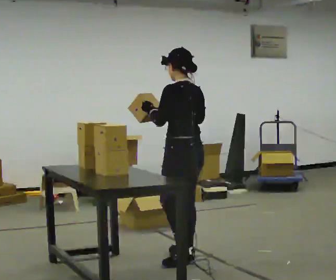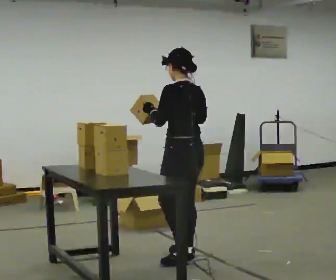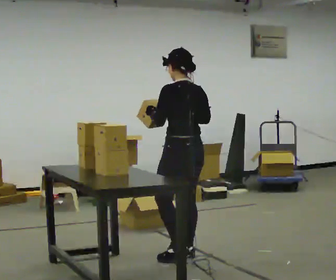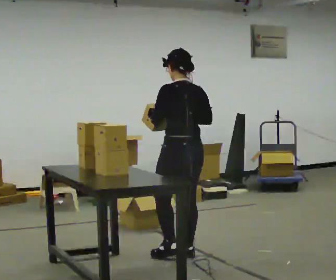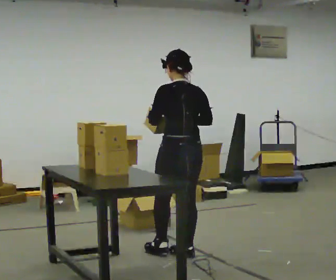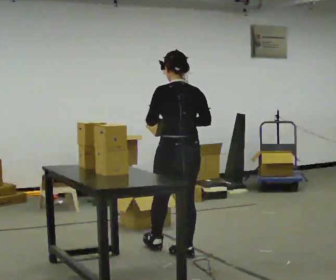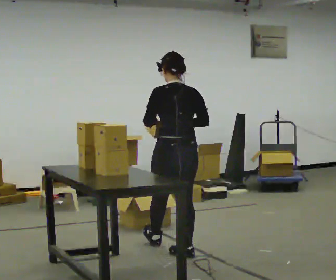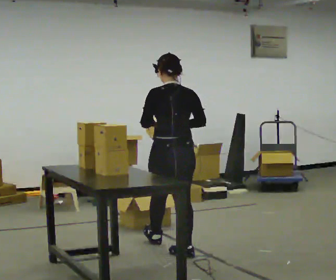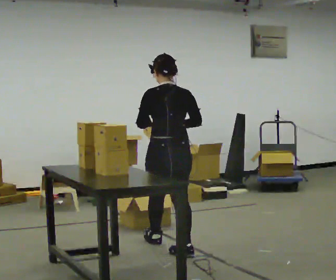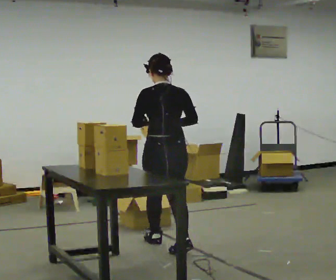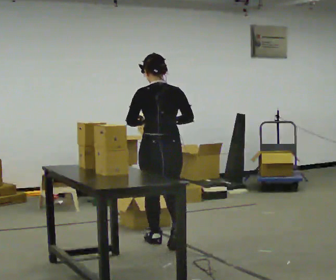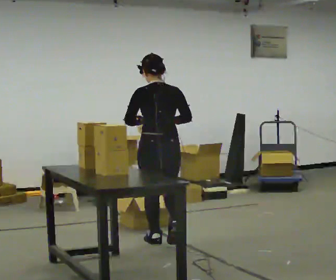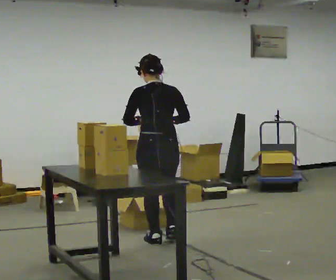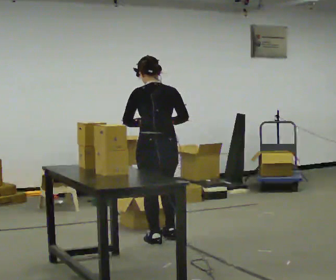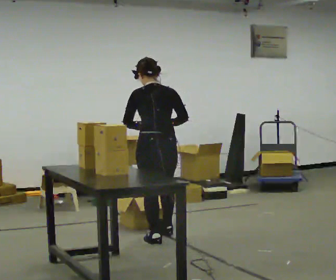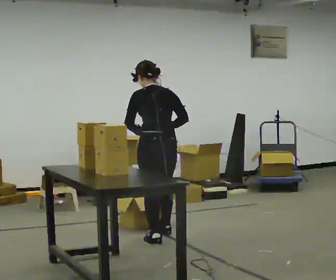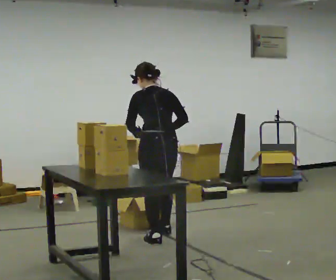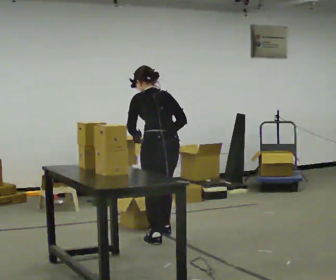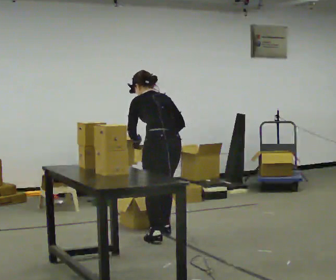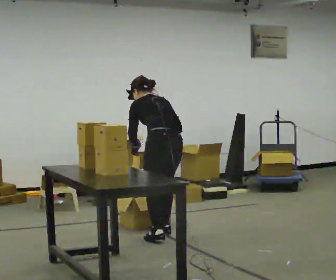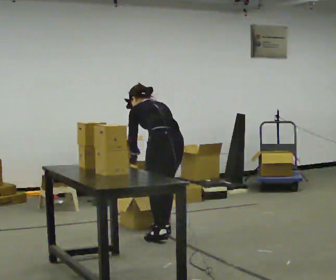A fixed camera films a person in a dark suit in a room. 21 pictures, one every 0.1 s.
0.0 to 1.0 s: The part of the body nearest the lens slides to the left as the person turns to their right by about 45 degrees. In the picture they go away from the camera and to the left, about 0.5 m in 1 step, which for them is forward.
1.0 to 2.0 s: Seen from above the body turns counterclockwise, about 30 degrees: to their left, with its near side sliding to the right. In the picture they go away from the camera, about 0.25 m in 1 step, which for them is forward and to their right. The upper body goes downward. The upper body tips away from the camera, its near side rolling upward, as they bend forward. In the picture their right hand goes downward.
The film runs forward here.
